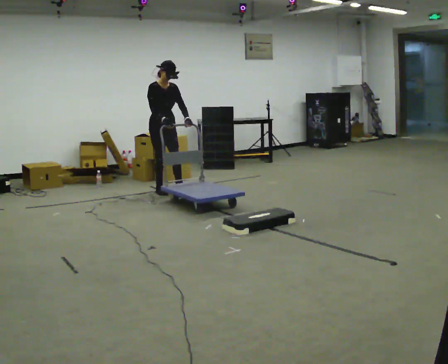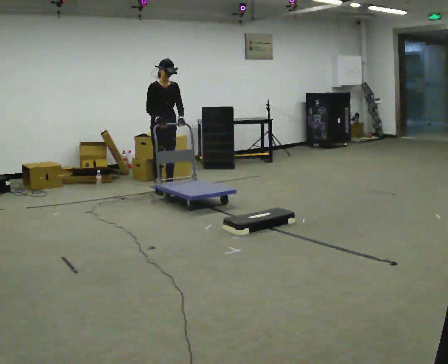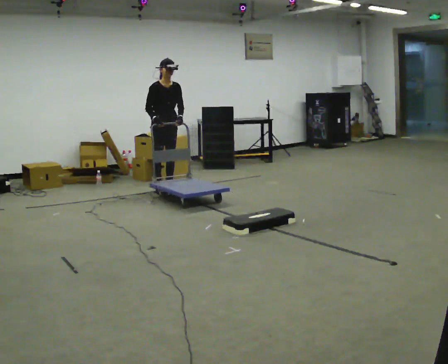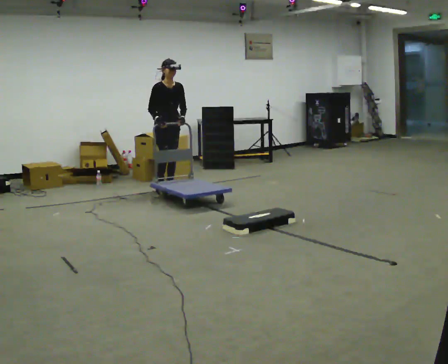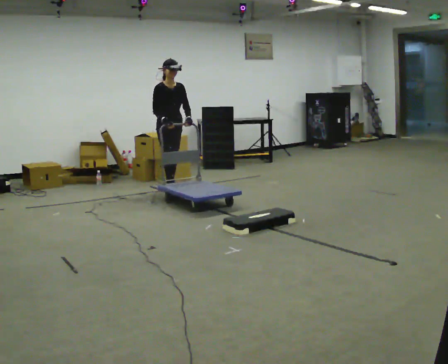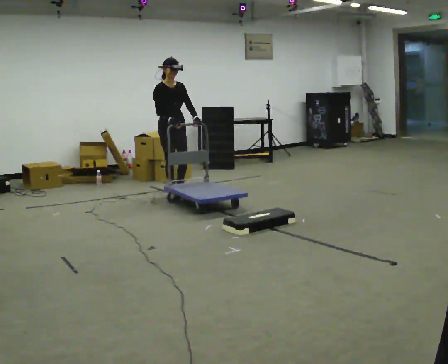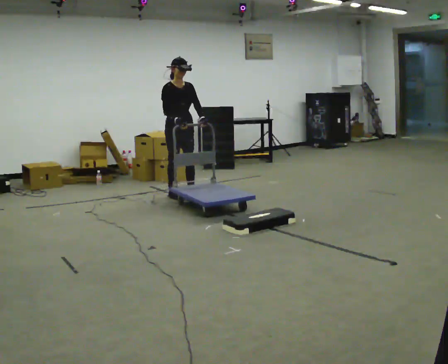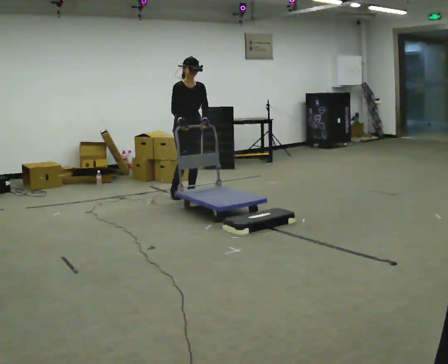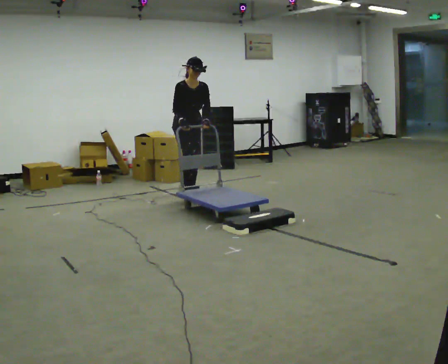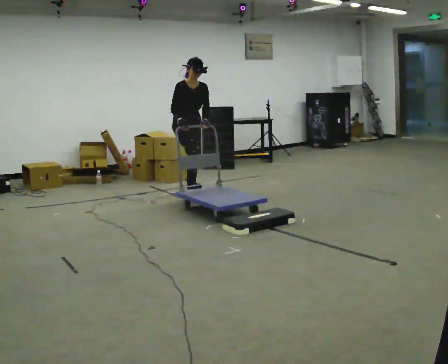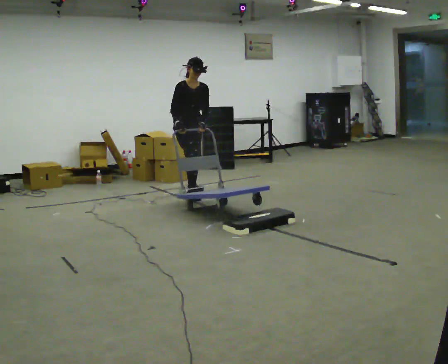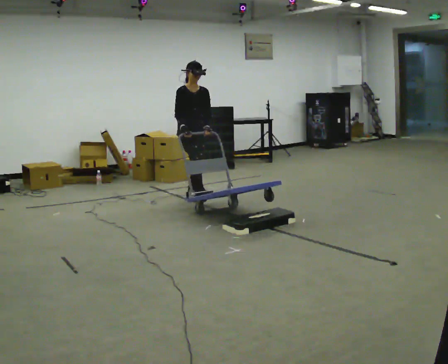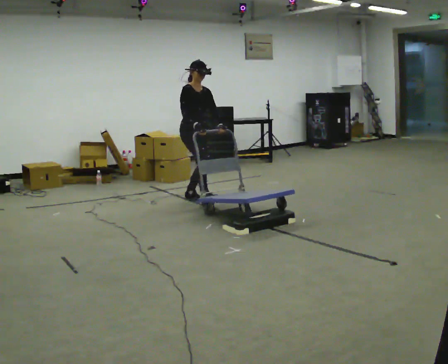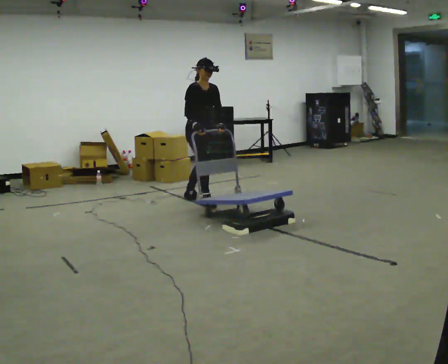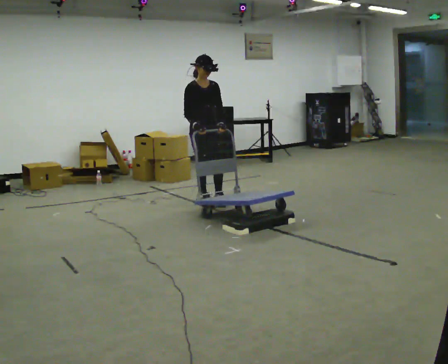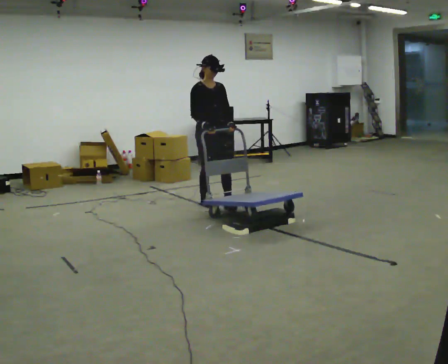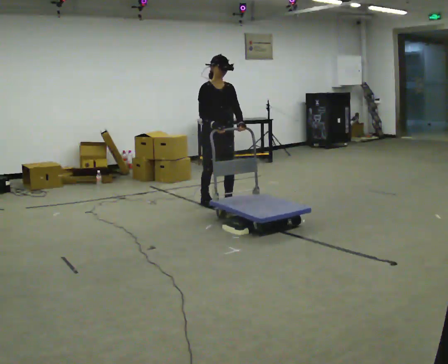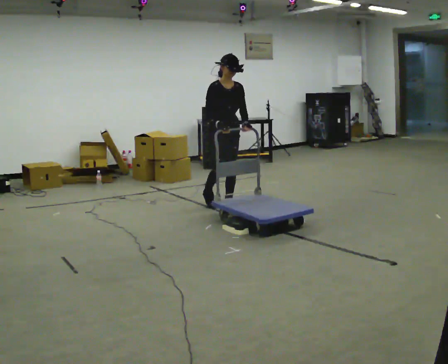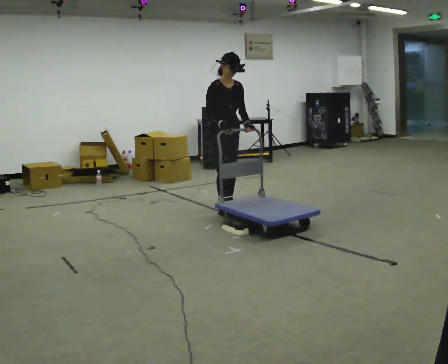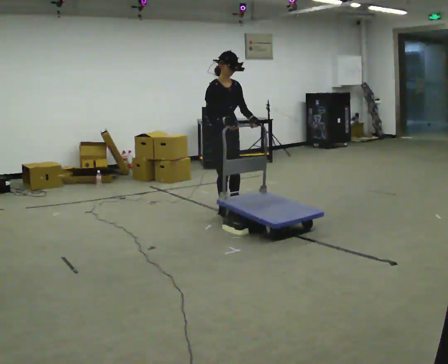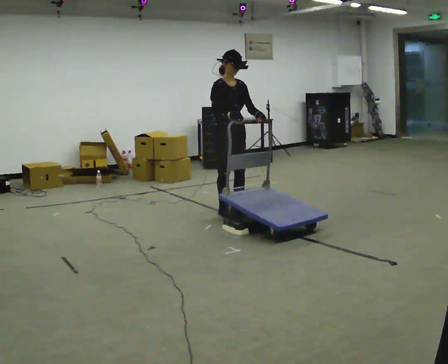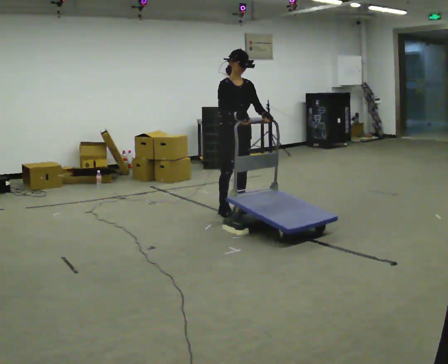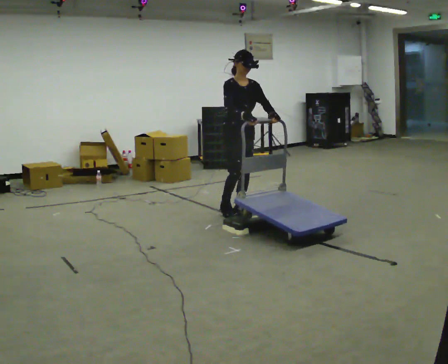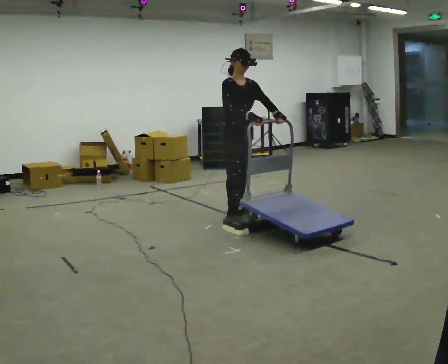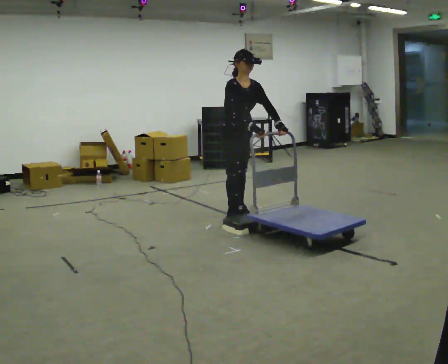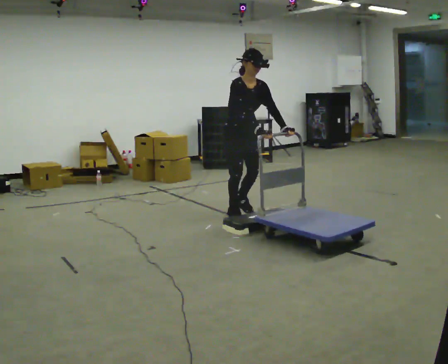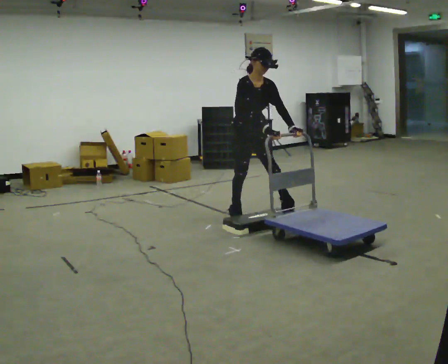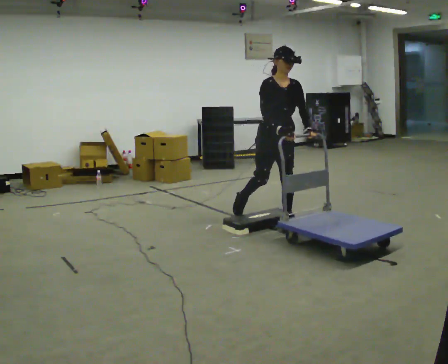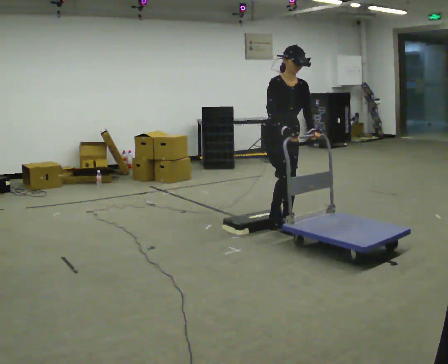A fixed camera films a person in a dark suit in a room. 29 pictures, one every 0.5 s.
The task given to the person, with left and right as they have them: Push the cart up over the low platform edge and down the other side, then bring it back over.
0.0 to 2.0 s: The person moves a little, or ends about where they began.
2.0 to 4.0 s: In the picture they go to the right and toward the camera, about 0.25 m in 2 steps, which for them is forward.
4.0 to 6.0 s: The part of the body nearest the lens slides to the right as the person turns to their left by about 30 degrees. In the picture they go toward the camera, about 0.25 m in 1 step, which for them is forward.
6.0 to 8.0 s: In the picture they go toward the camera and to the right, about 0.5 m in 1 step, which for them is forward.
8.0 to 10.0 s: In the picture they go toward the camera, about 0.25 m in 2 steps, which for them is forward.
10.0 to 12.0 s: The person moves a little, or ends about where they began.
12.0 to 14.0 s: In the picture they go toward the camera and to the right, about 0.5 m in 1 step, which for them is forward and to their left.
The film runs forward here.
